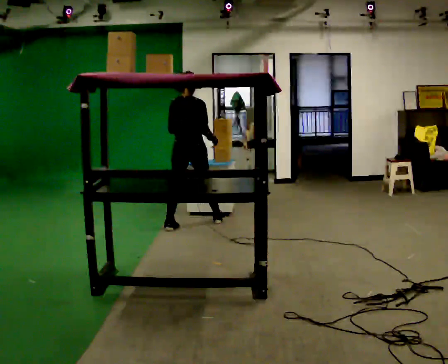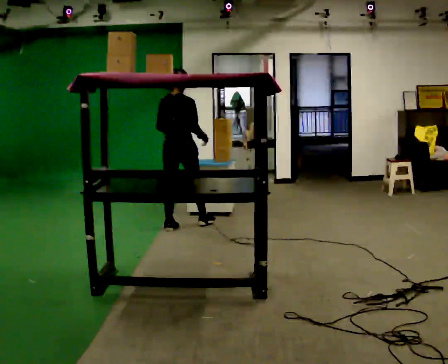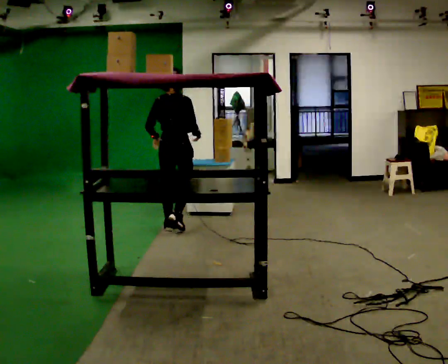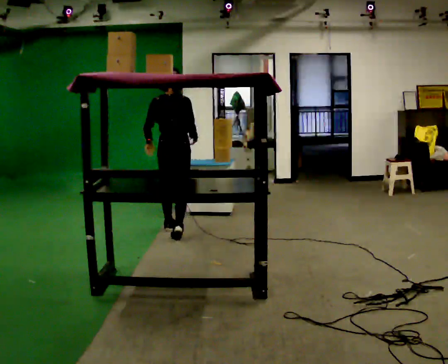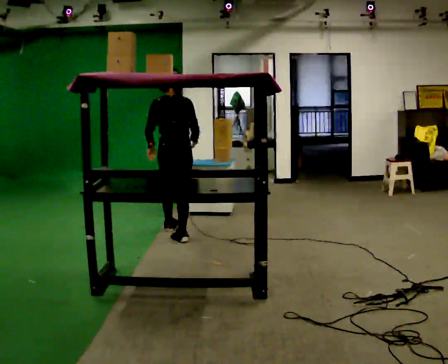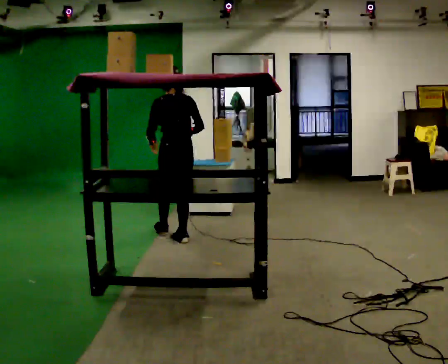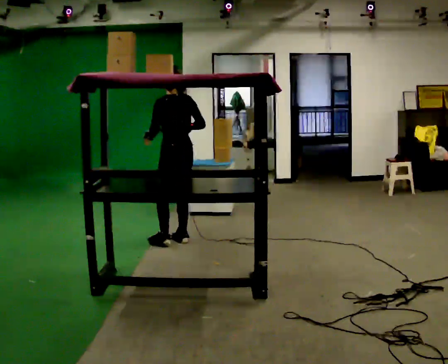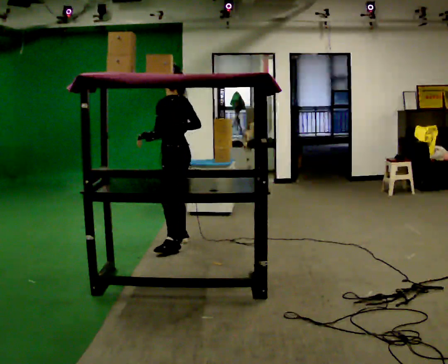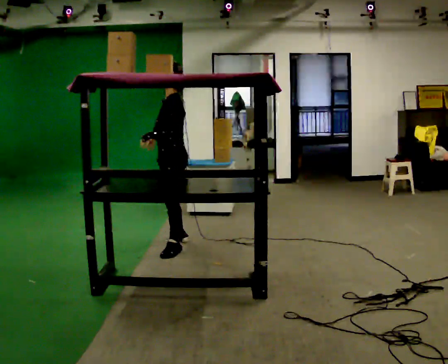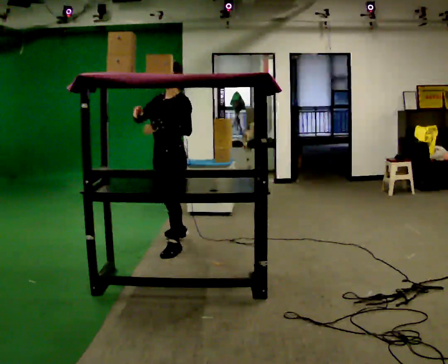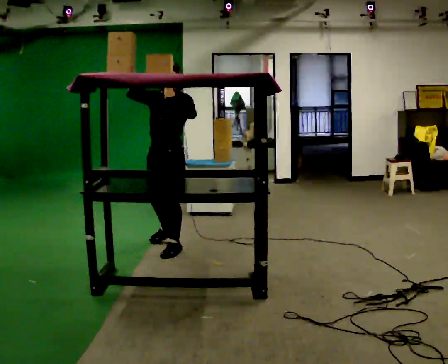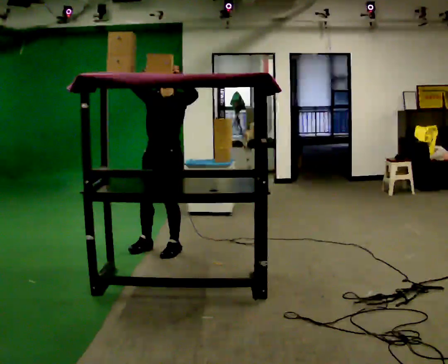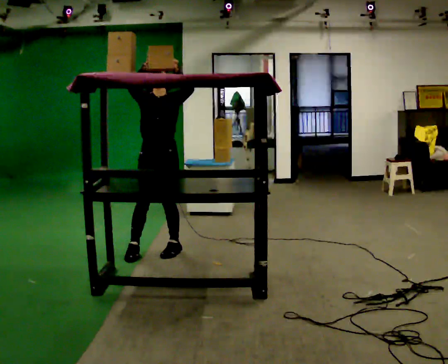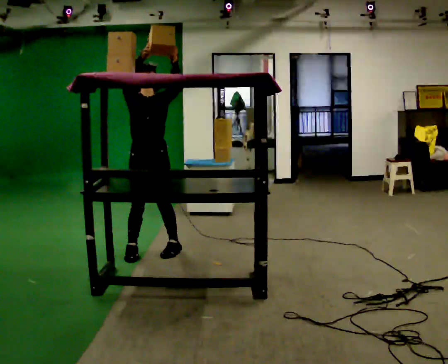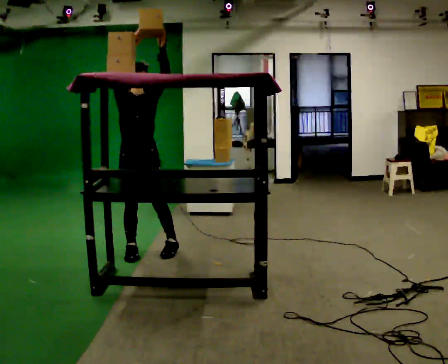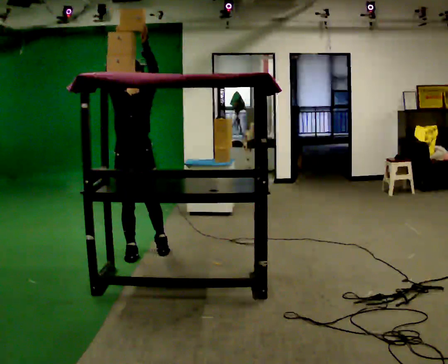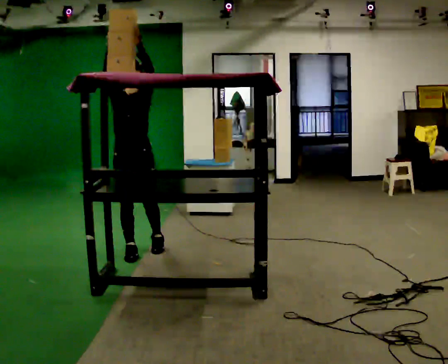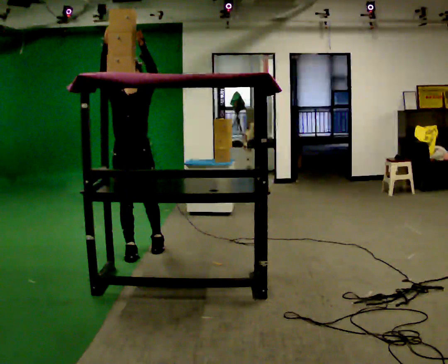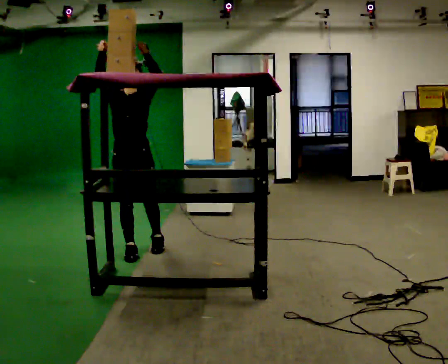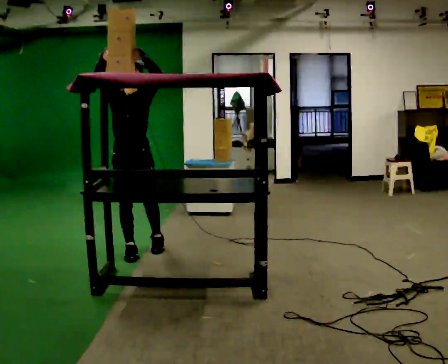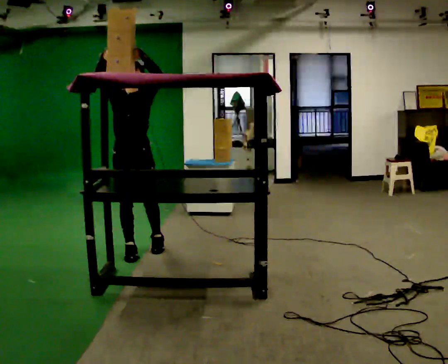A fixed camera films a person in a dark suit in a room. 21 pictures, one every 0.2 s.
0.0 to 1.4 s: Seen from above the body turns counterclockwise, about 75 degrees: to their left, with its near side sliding to the right. In the picture they go toward the camera, about 0.75 m in 2 steps.
1.4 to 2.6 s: The part of the body nearest the lens slides to the right as the person turns to their left by about 120 degrees. In the picture they go toward the camera and to the left, about 0.5 m in 1 step. In the picture their right hand goes upward.
2.6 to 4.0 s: In the picture they go to the left, about 0.25 m in 1 step, which for them is to their right.
The film runs backward here.
